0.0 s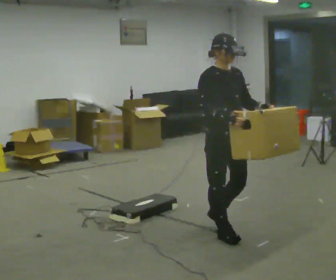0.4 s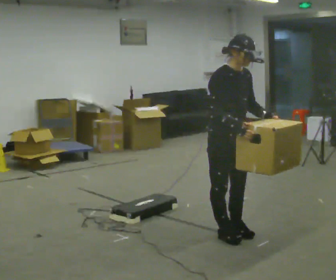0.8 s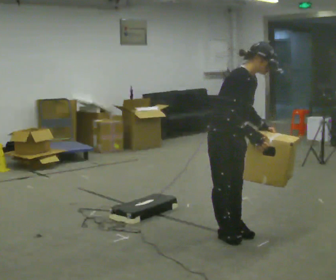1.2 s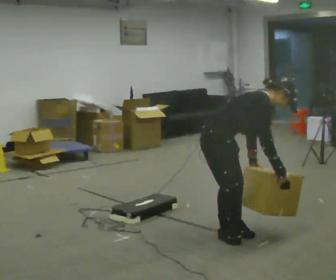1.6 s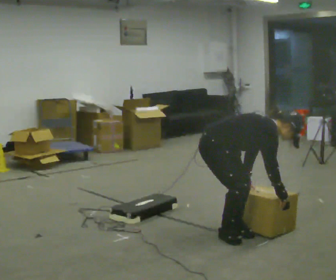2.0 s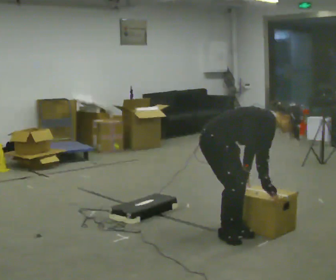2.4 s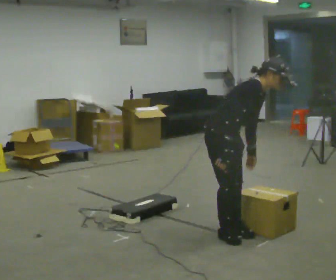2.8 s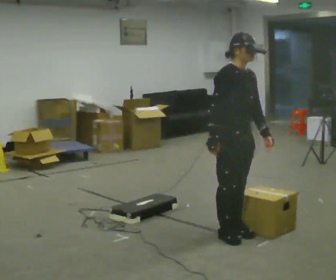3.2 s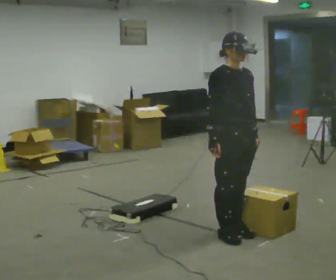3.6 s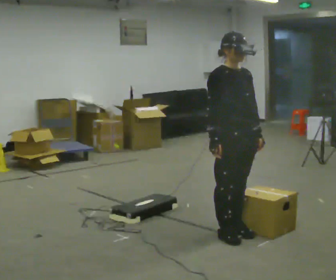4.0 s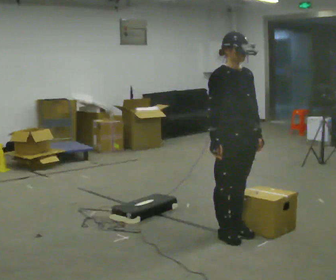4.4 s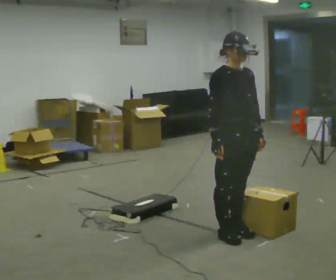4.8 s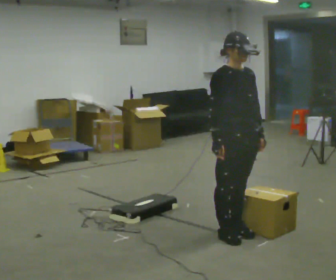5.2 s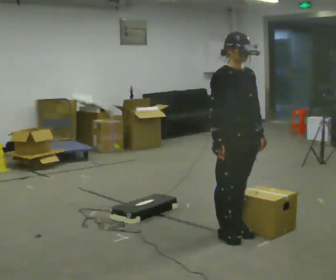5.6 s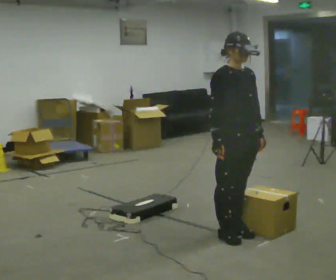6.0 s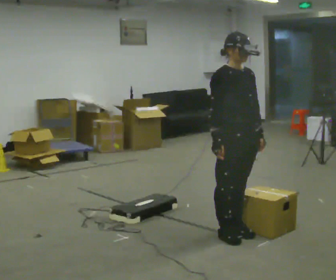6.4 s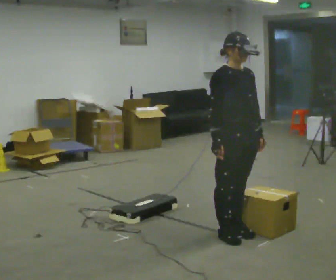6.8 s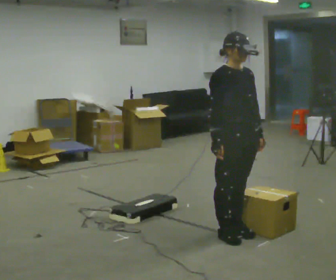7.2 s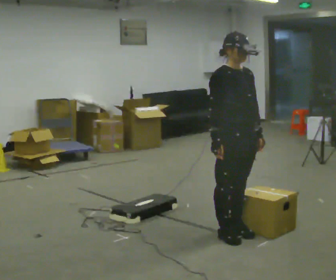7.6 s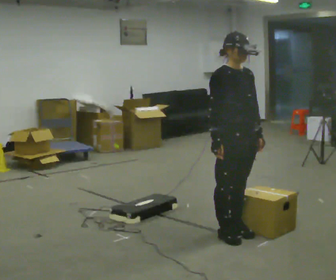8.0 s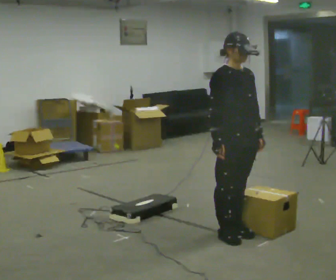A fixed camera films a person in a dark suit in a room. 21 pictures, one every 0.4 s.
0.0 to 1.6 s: Seen from above the body turns counterclockwise, about 30 degrees: to their left, with its near side sliding to the right. The shoulders move downward. In the picture the upper body tilts clockwise, shoulders to the right, as they bend forward. In the picture their left hand goes downward, the arm swinging clockwise.
1.6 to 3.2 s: The part of the body nearest the lens slides to the left as the person turns to their right by about 30 degrees. The shoulders move upward. In the picture the upper body tilts counterclockwise, shoulders to the left, as they lean back or straighten. In the picture their left hand goes upward.
3.2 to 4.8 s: The person moves a little, or ends about where they began.
4.8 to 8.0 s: The person keeps their place and pose.
The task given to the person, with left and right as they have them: Carry the box over the low sill without stopping, then bring it back over. Keep going until the operator says stop; one object at a time, and do not rush between trips.
The film runs forward here.
